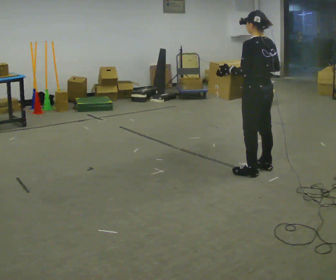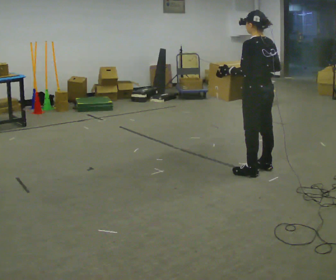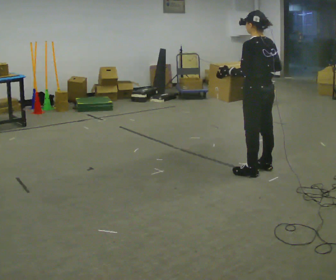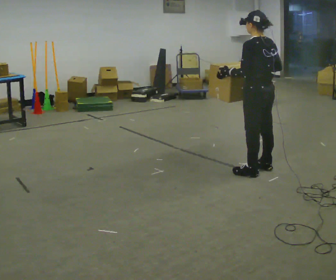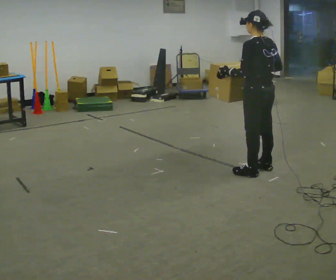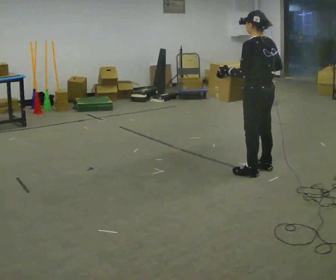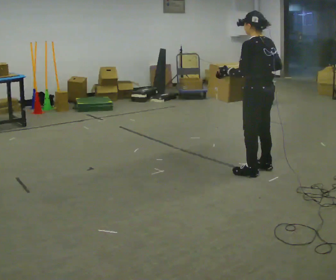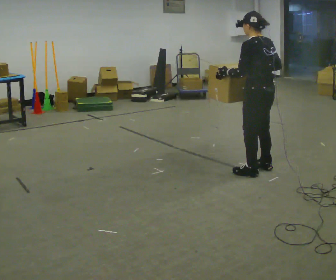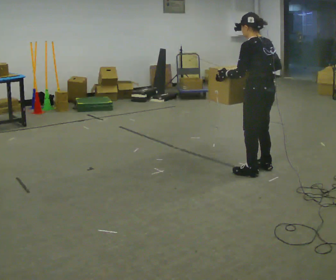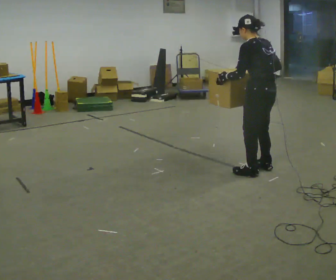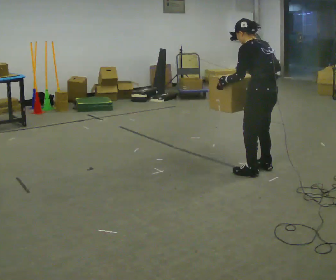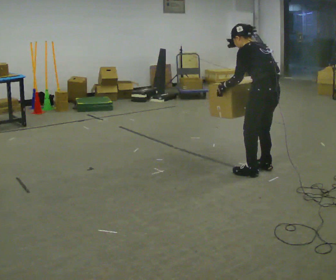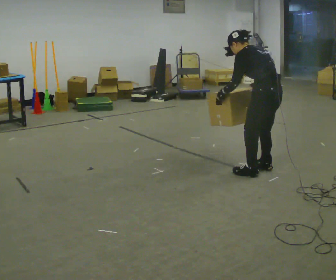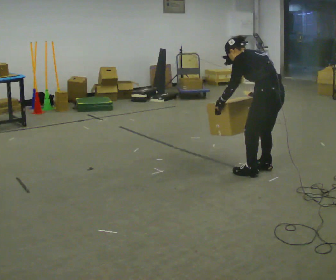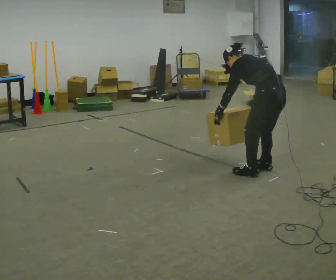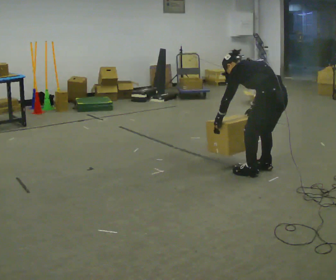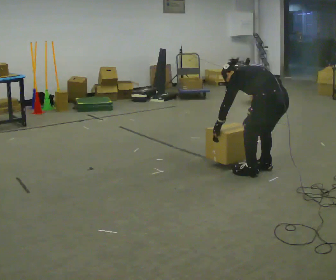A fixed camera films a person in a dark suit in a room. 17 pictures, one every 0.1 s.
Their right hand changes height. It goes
downward.
The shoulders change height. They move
downward.
0.0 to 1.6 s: In the picture they go toward the camera, about 0.25 m, which for them is backward. The shoulders move downward. The upper body tips away from the camera, its near side rolling upward, as they bend forward. In the picture their right hand goes downward.
The film runs backward here.
